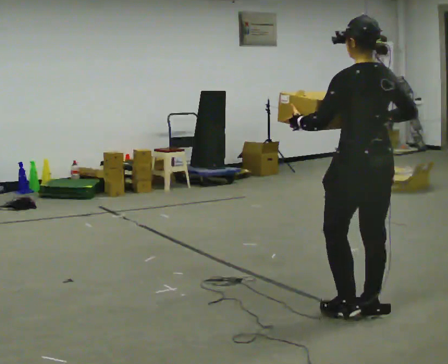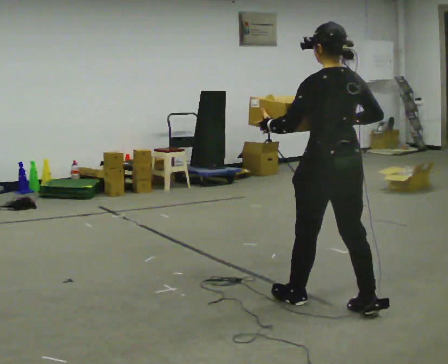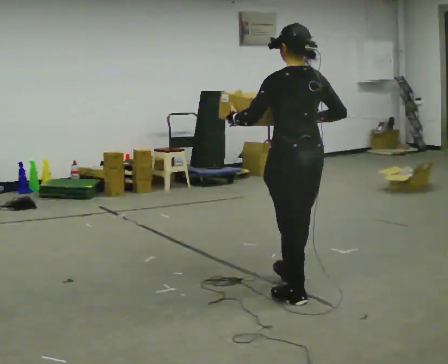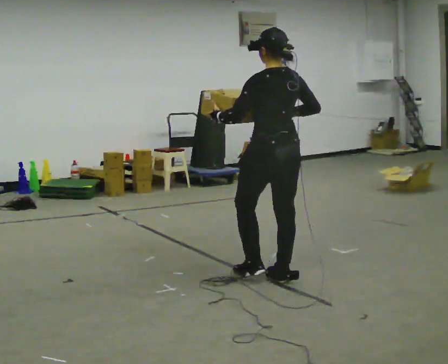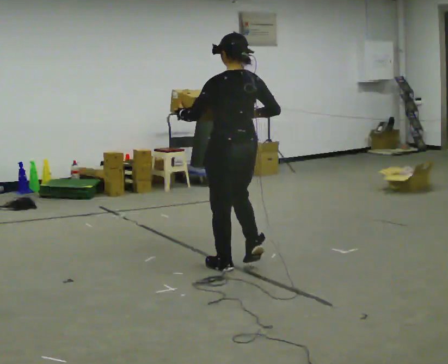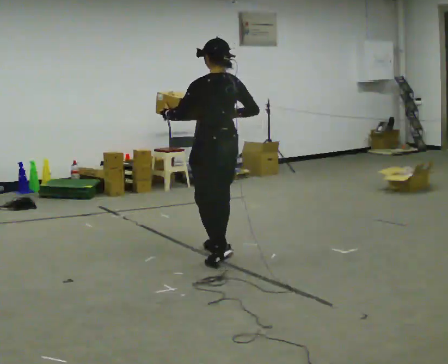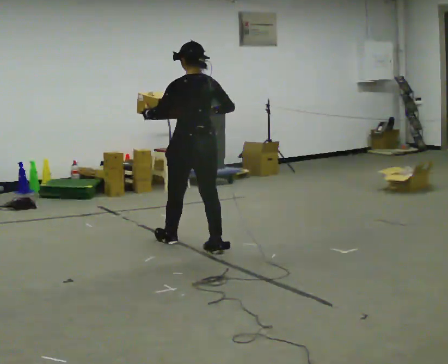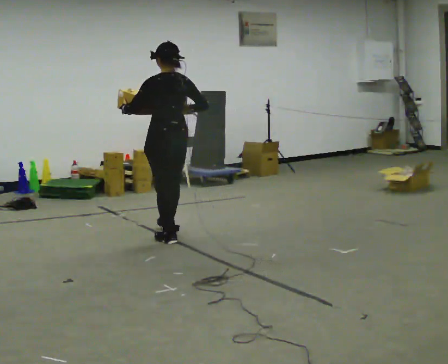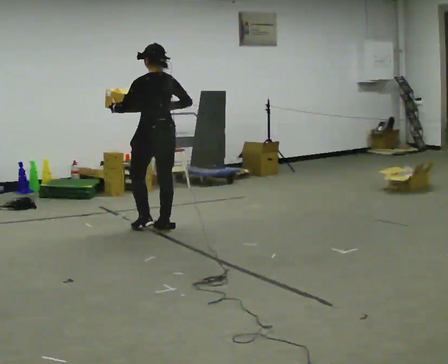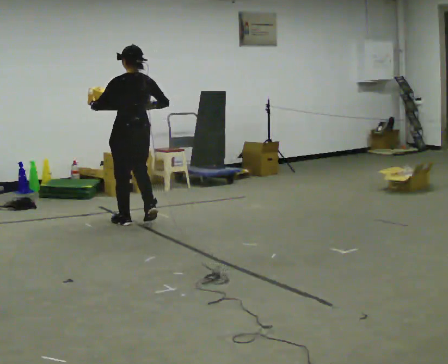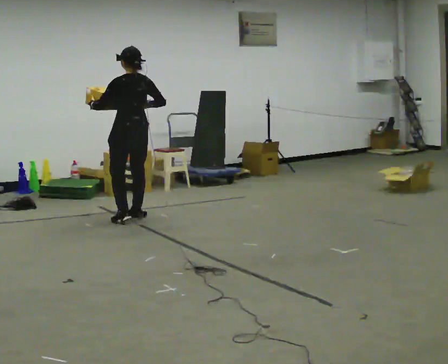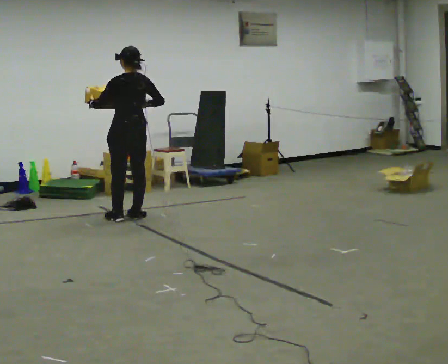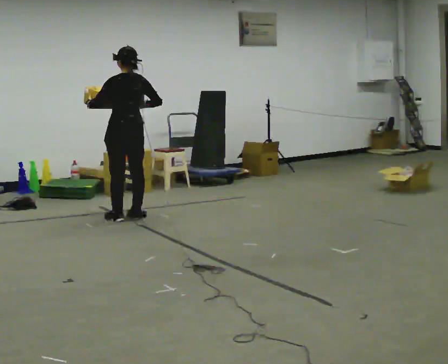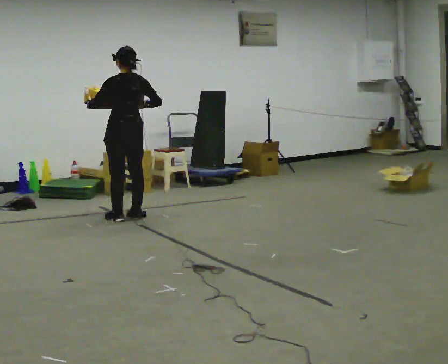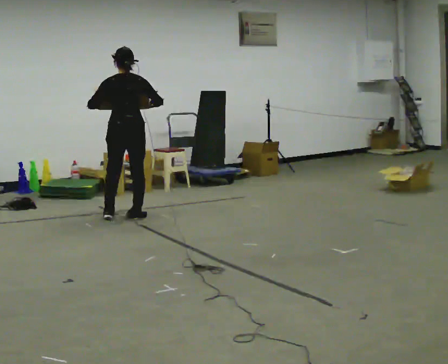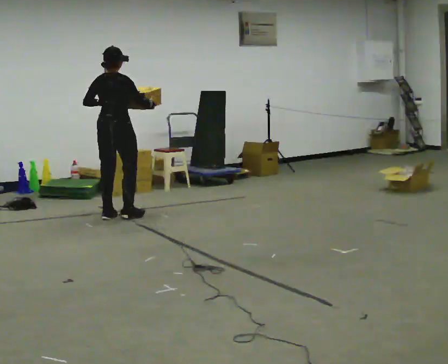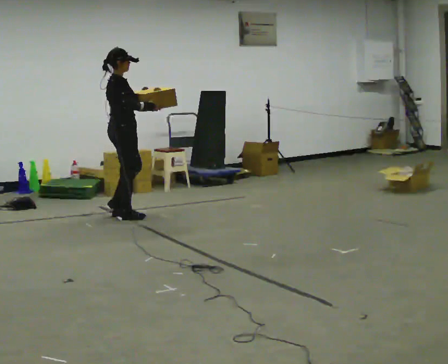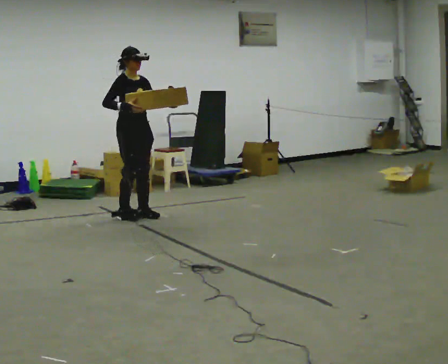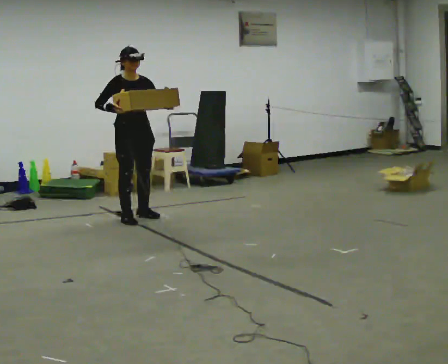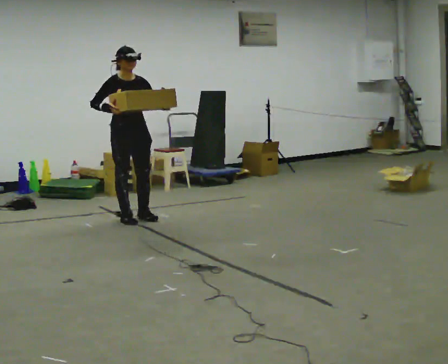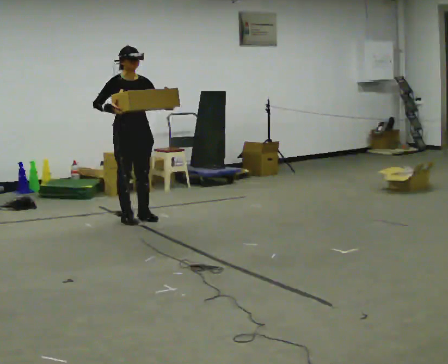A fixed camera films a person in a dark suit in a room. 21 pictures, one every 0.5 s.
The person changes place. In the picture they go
away from the camera.
0.0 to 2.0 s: In the picture they go away from the camera and to the left, about 1 m in 3 steps, which for them is forward.
2.0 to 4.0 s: In the picture they go away from the camera, about 1.5 m in 3 steps, which for them is forward.
4.0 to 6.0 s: In the picture they go away from the camera and to the left, about 0.5 m in 3 steps, which for them is forward.
6.0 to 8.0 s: The person turns about 105 degrees to their right, clockwise seen from above, so the part of the body nearest the lens slides to the left. In the picture their left hand goes to the right.
8.0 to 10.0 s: The person turns about 75 degrees to their right, clockwise seen from above, so the part of the body nearest the lens slides to the left. In the picture their left hand goes to the right.
The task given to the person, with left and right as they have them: Carry the medium box in both hands in front of you, walking back and forth across the room. Keep walking until the operator says stop.
The film runs forward here.
